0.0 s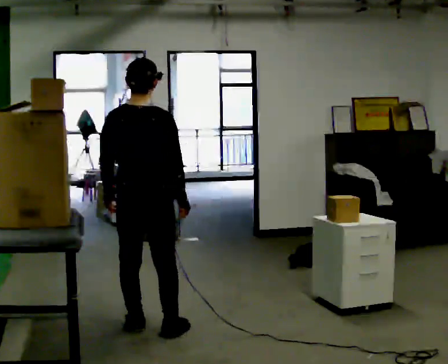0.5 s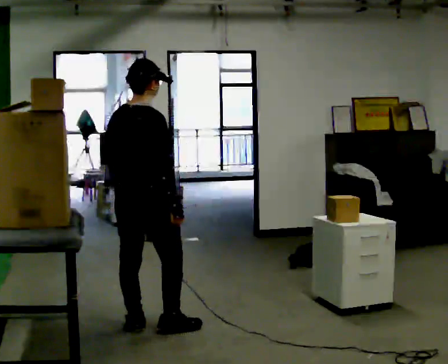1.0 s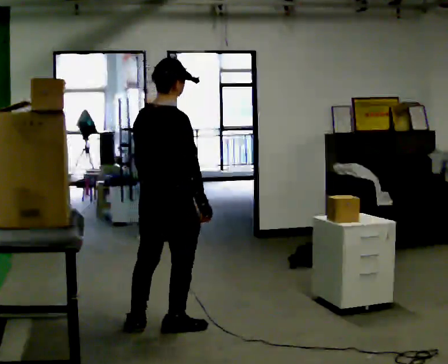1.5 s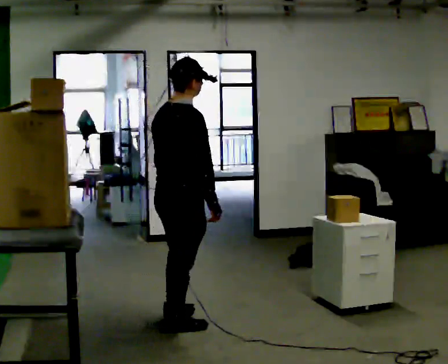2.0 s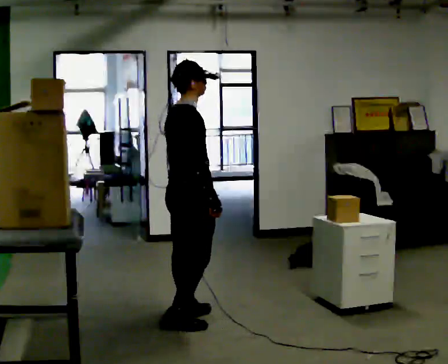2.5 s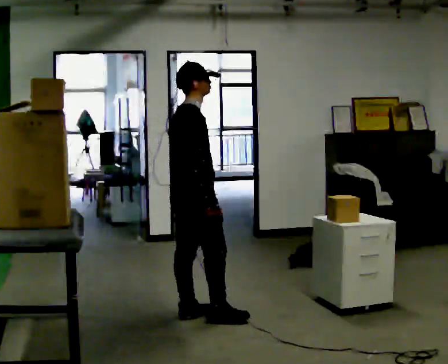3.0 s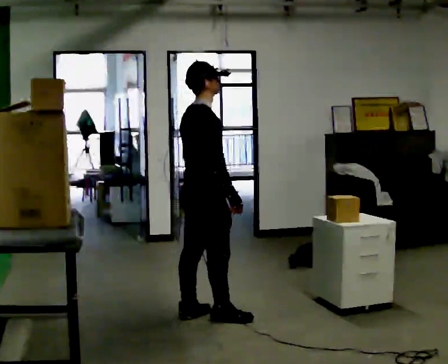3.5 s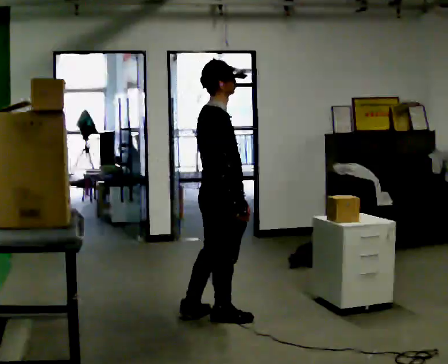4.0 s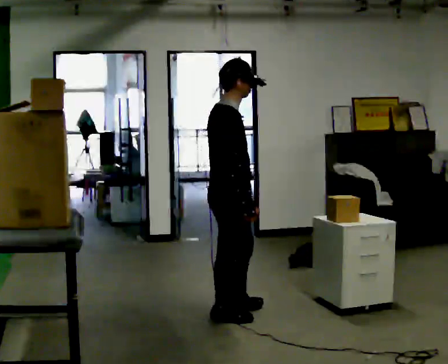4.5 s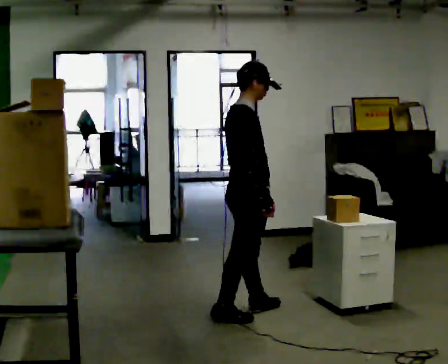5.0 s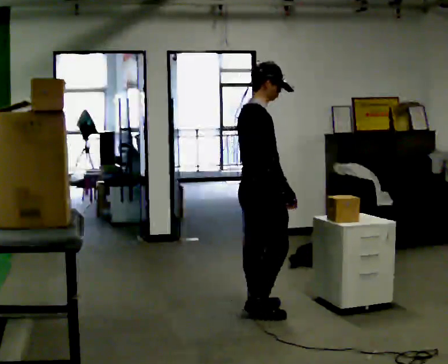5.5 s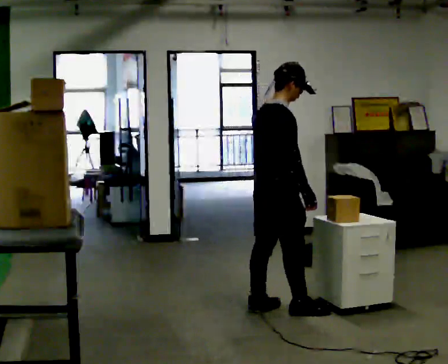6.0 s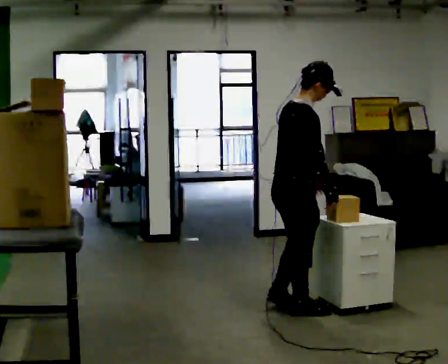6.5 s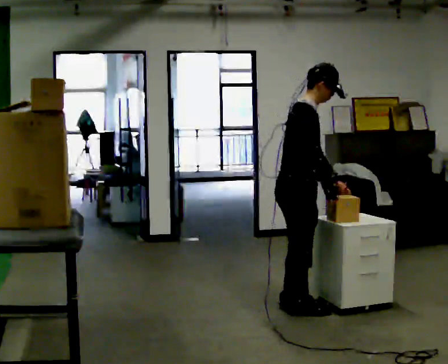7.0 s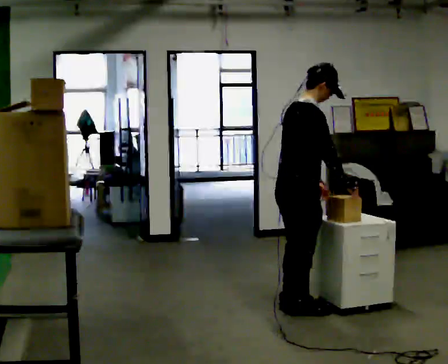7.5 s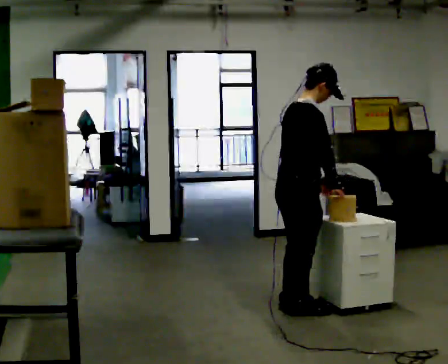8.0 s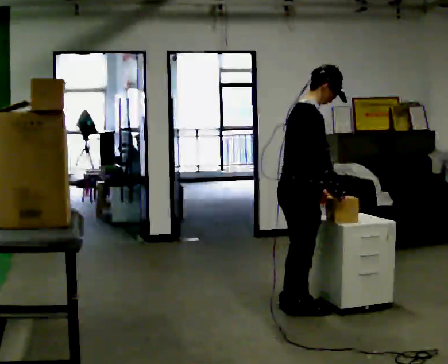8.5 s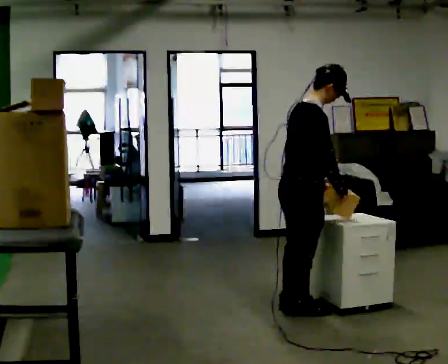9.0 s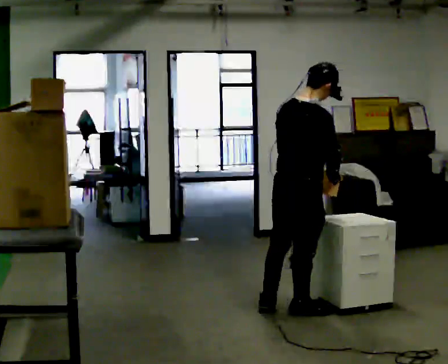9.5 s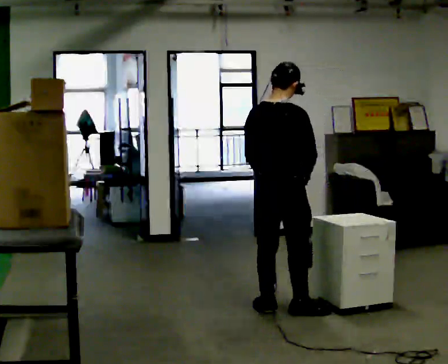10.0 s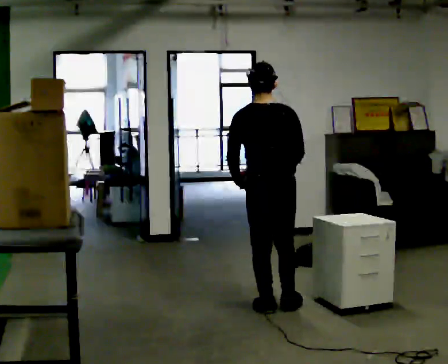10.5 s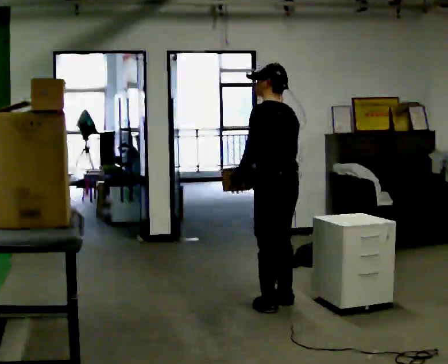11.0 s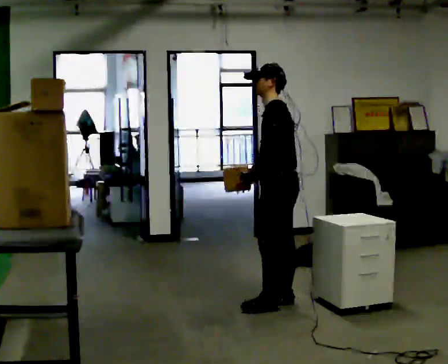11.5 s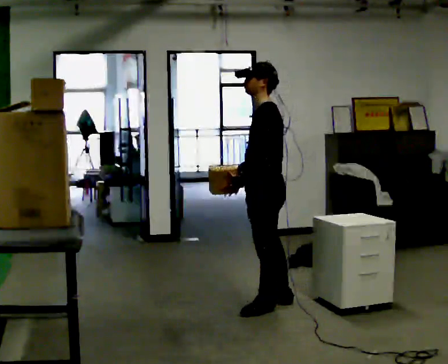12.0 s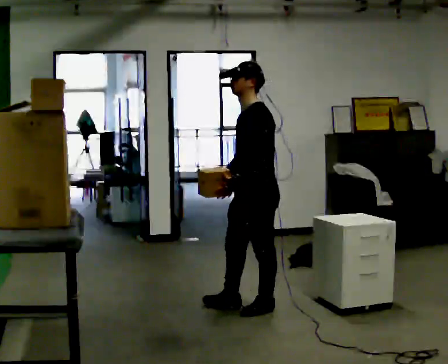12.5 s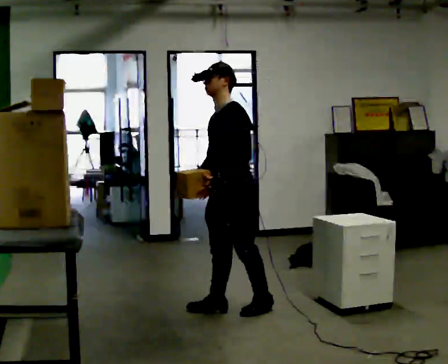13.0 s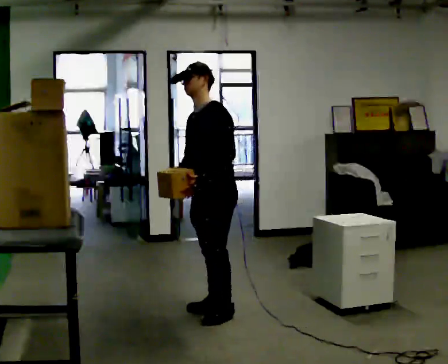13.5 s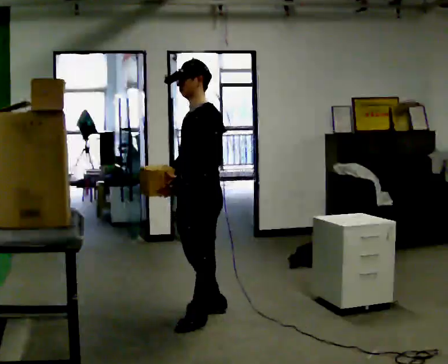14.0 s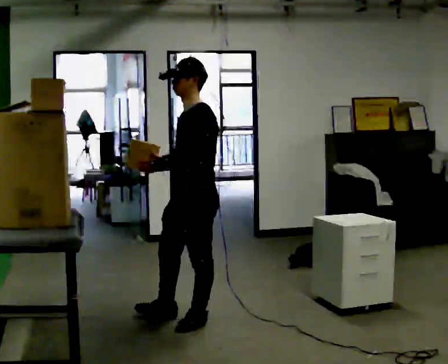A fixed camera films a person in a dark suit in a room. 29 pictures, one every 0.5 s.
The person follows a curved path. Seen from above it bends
counterclockwise.
0.0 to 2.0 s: The person turns about 60 degrees to their right, clockwise seen from above, so the part of the body nearest the lens slides to the left. In the picture they go to the right and away from the camera, about 0.25 m in 1 step, which for them is forward.
2.0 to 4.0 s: In the picture they go to the right, about 0.25 m in 1 step, which for them is forward and to their right.
4.0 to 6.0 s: In the picture they go to the right, about 0.5 m in 2 steps, which for them is forward.
6.0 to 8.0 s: The person moves a little, or ends about where they began.
8.0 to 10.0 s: The person turns about 90 degrees to their left, counterclockwise seen from above, so the part of the body nearest the lens slides to the right. In the picture the upper body tilts counterclockwise, shoulders to the left. In the picture their left hand goes to the left.
10.0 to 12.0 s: The person turns about 105 degrees to their left, counterclockwise seen from above, so the part of the body nearest the lens slides to the right.
12.0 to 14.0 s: In the picture they go to the left and toward the camera, about 0.5 m in 2 steps, which for them is forward.
The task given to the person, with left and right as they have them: Take an object down from the highest shelf you can comfortably reach, carry it across, and place it on the waist-height shelf. Keep going until the operator says stop; one object at a time, and do not rush between trips.
The film runs forward here.
